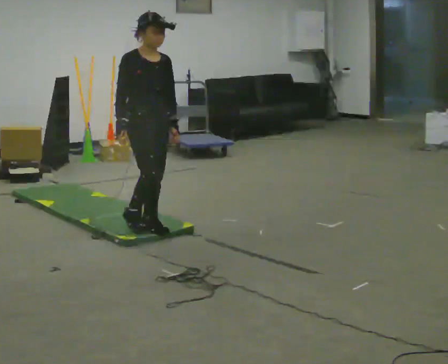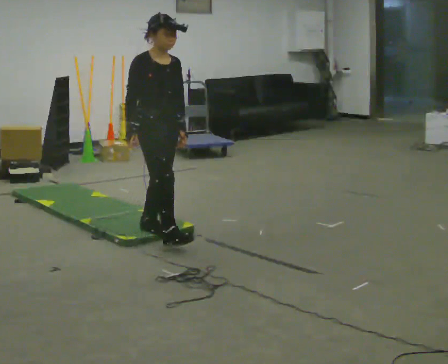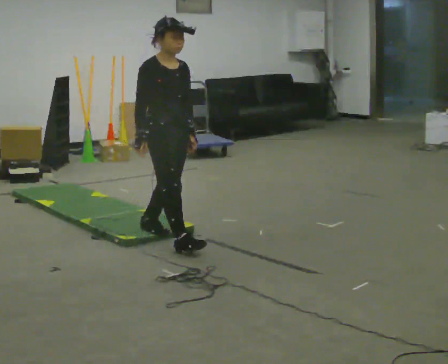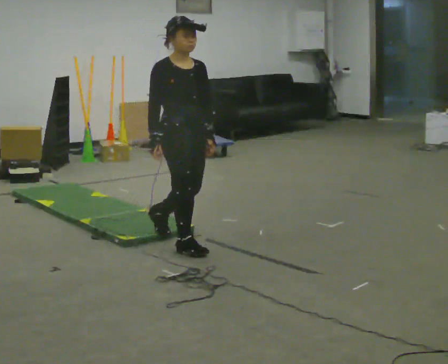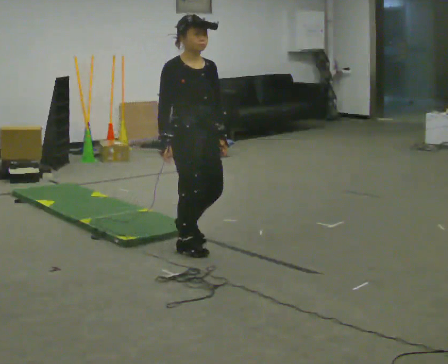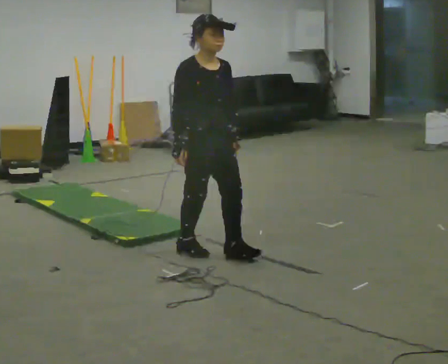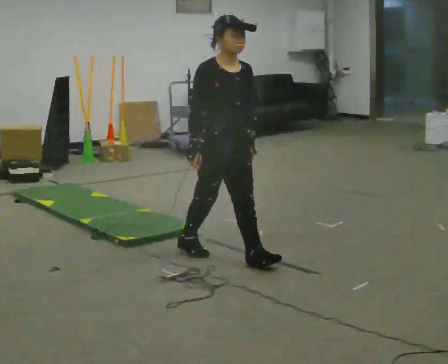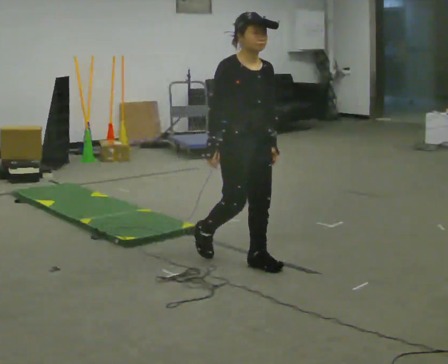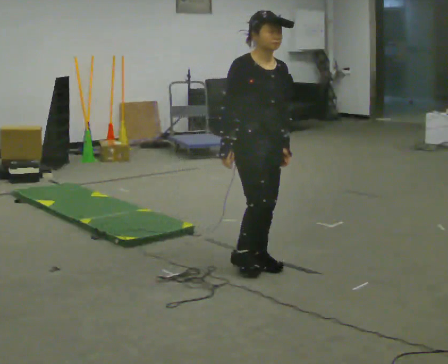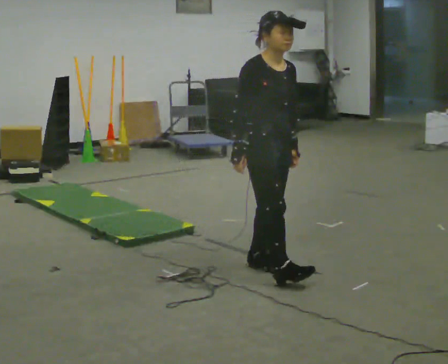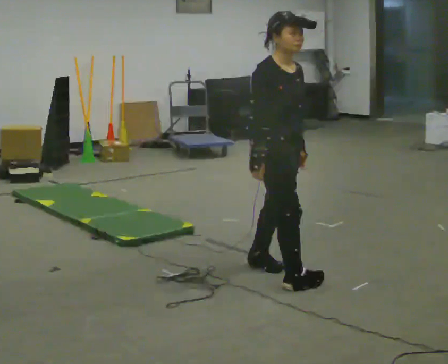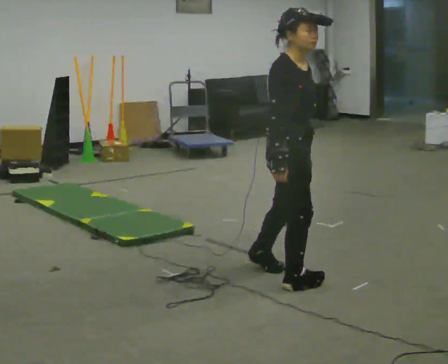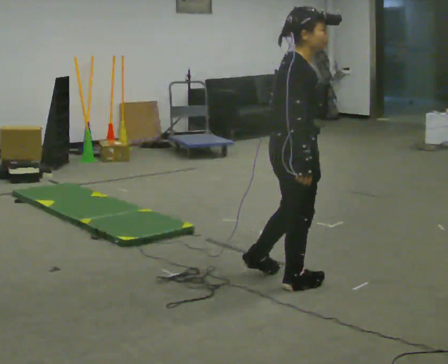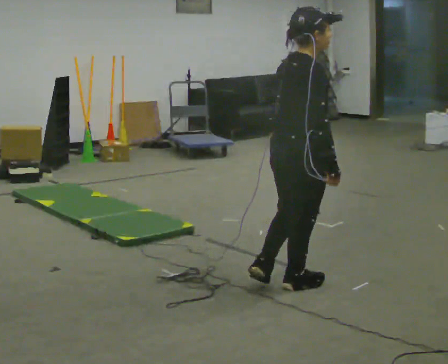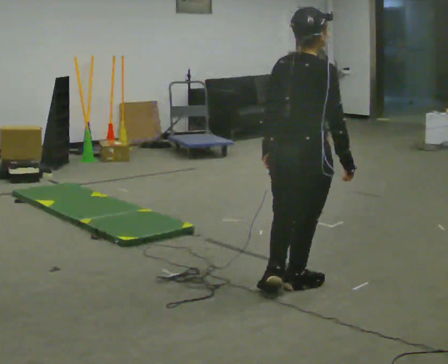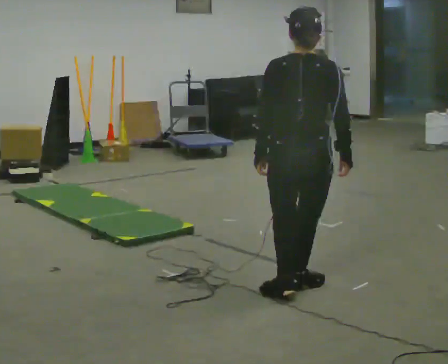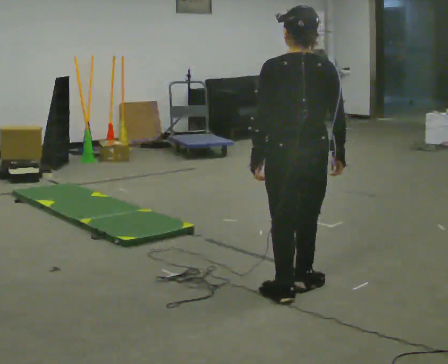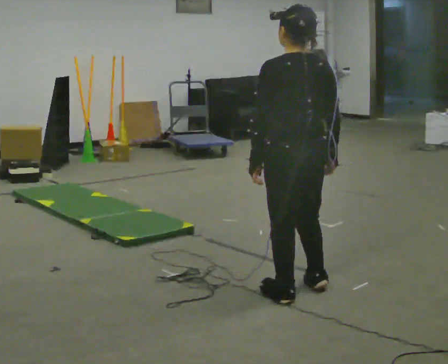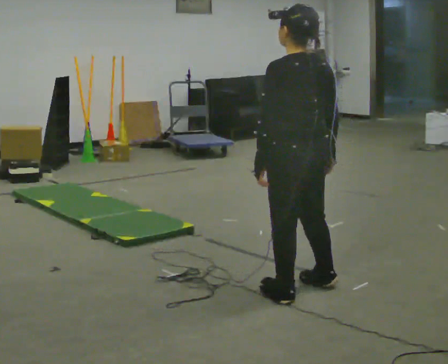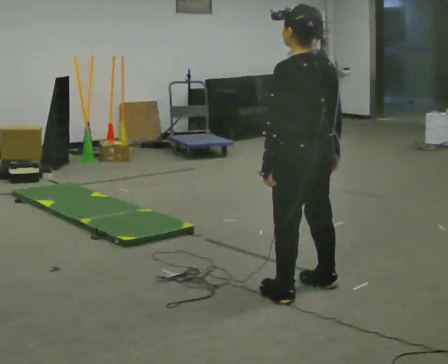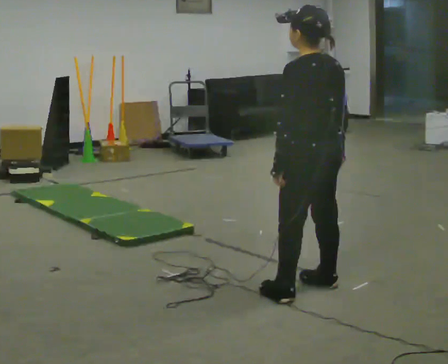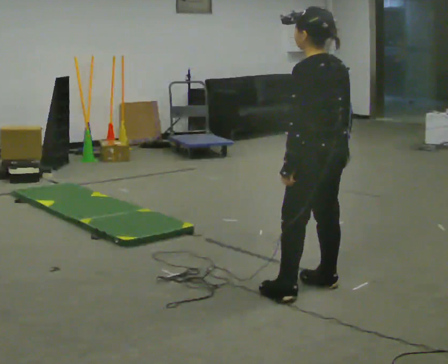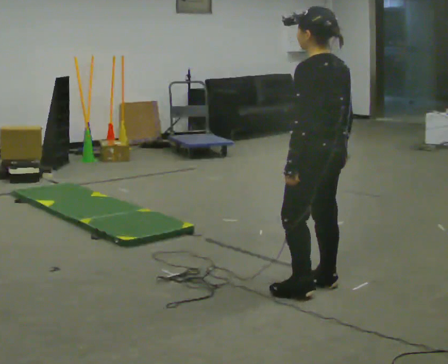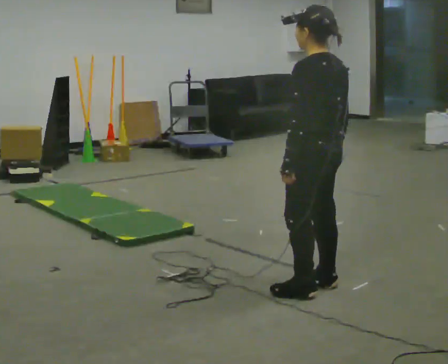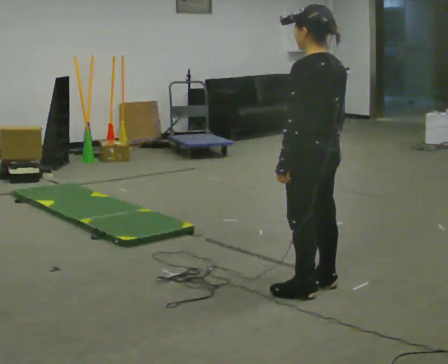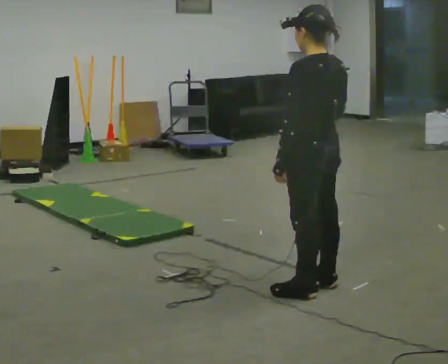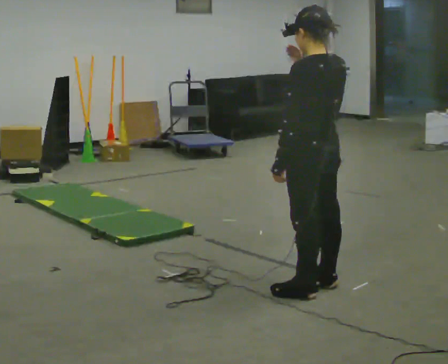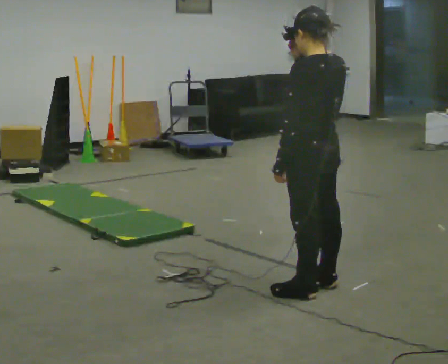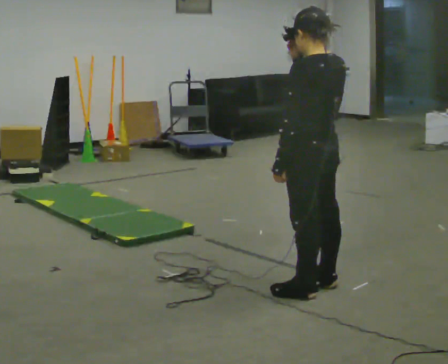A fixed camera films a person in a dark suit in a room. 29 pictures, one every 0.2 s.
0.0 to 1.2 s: In the picture they go to the right and toward the camera, about 0.5 m in 2 steps, which for them is forward.
1.2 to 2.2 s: The person turns about 30 degrees to their left, counterclockwise seen from above, so the part of the body nearest the lens slides to the right. In the picture they go to the right and toward the camera, about 0.5 m in 1 step, which for them is forward.
2.2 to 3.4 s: Seen from above the body turns counterclockwise, about 135 degrees: to their left, with its near side sliding to the right. In the picture they go toward the camera, about 0.25 m in 1 step.
3.4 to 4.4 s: In the picture they go away from the camera, about 0.25 m in 1 step, which for them is to their right.
4.4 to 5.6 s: In the picture their right hand goes upward.
The film runs forward here.
